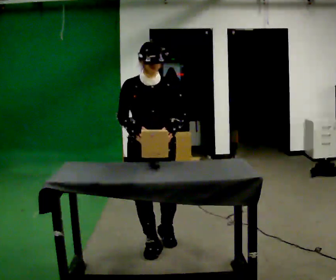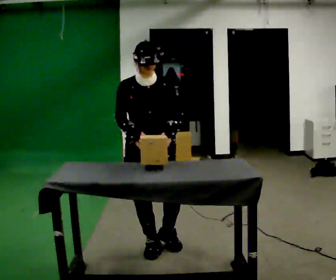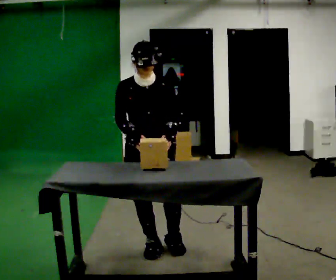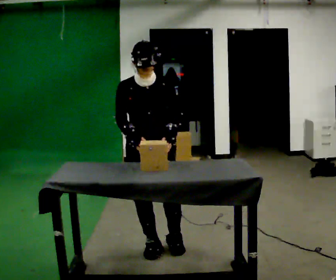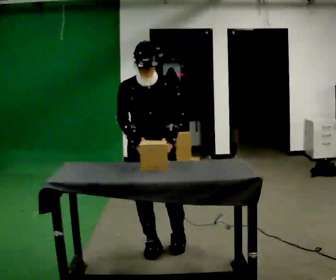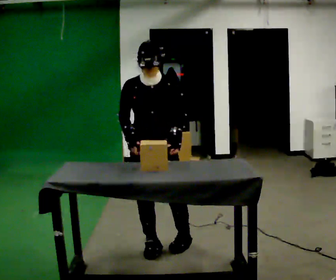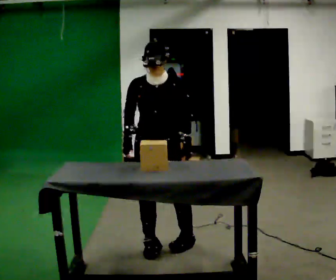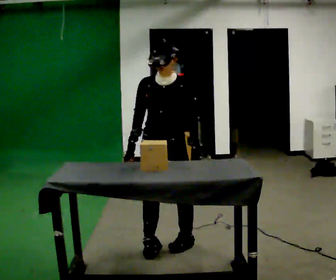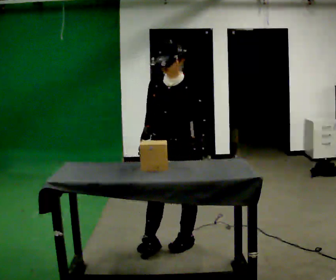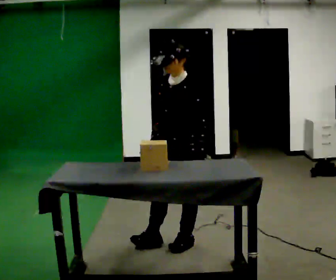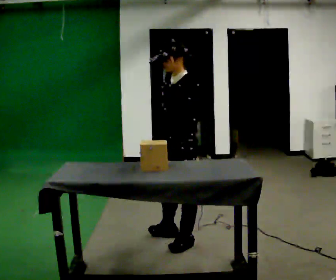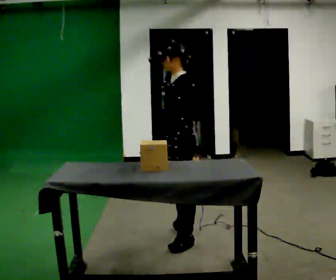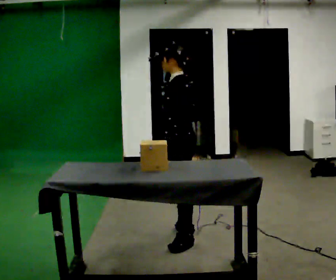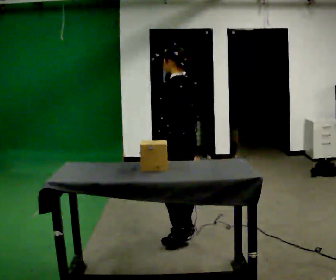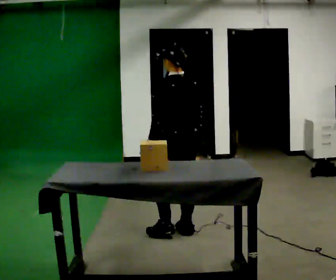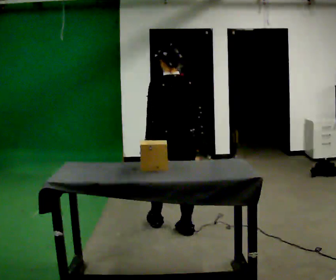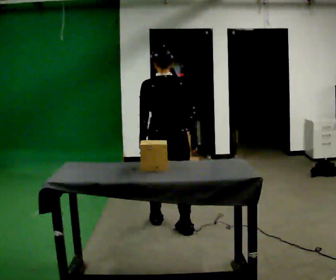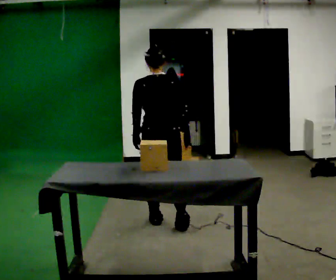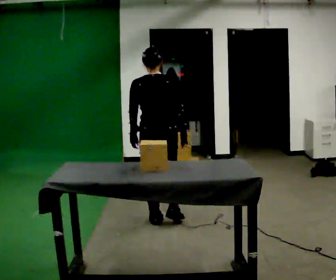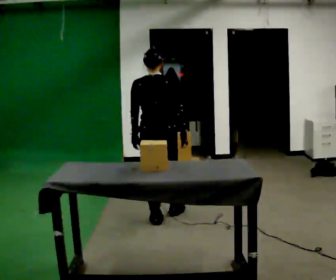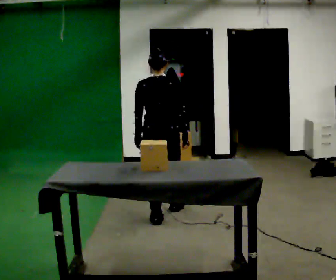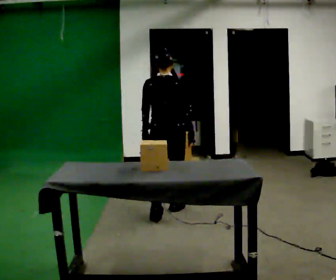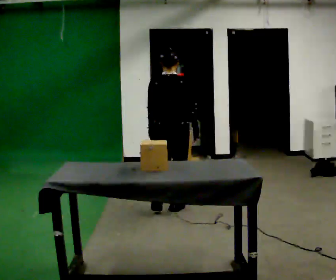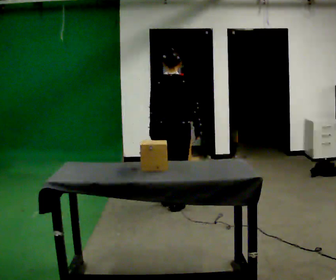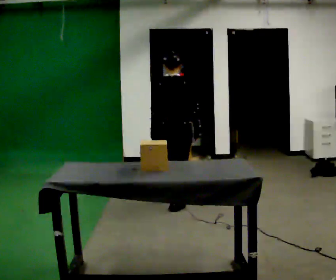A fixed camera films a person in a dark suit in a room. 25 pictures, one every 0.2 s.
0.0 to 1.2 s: The person moves a little, or ends about where they began.
1.2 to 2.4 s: The person turns about 105 degrees to their right, clockwise seen from above, so the part of the body nearest the lens slides to the left. In the picture they go away from the camera and to the right, about 0.25 m in 1 step.
2.4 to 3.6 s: The person turns about 75 degrees to their right, clockwise seen from above, so the part of the body nearest the lens slides to the left. In the picture they go away from the camera and to the left, about 0.5 m in 1 step.
3.6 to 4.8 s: In the picture they go away from the camera, about 0.5 m in 2 steps, which for them is forward.
The film runs forward here.
